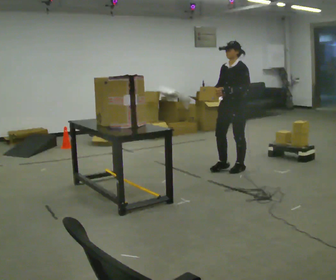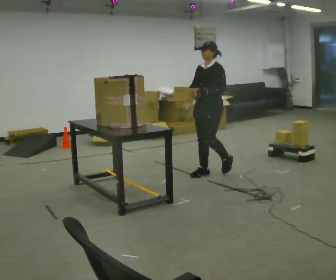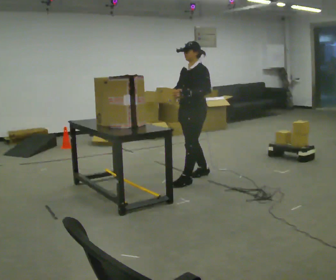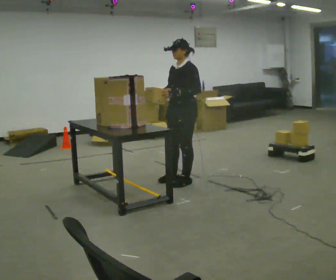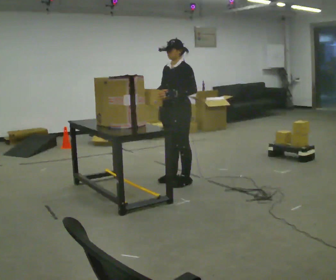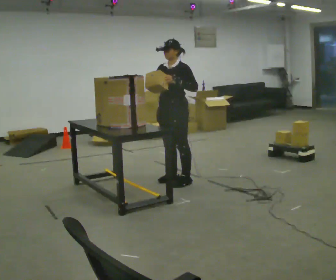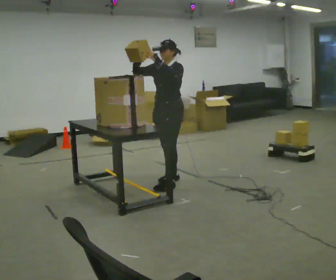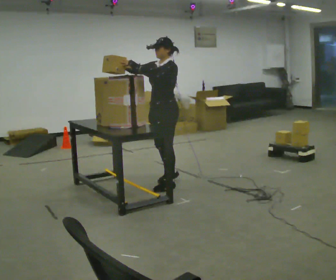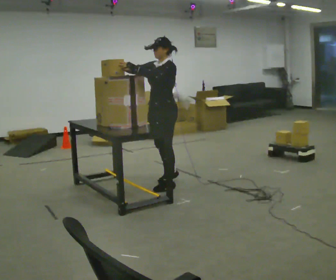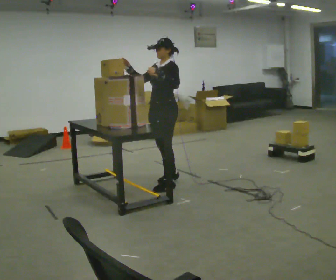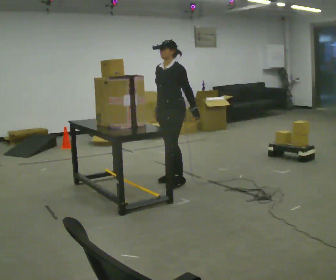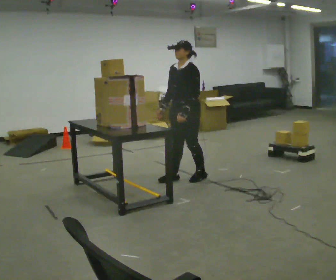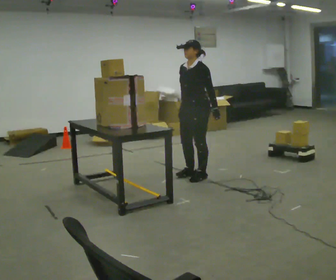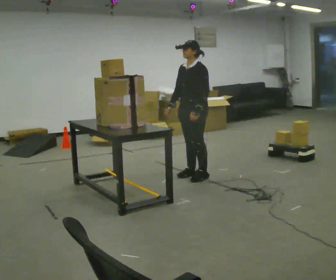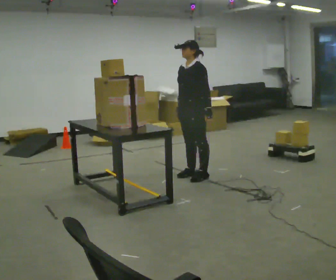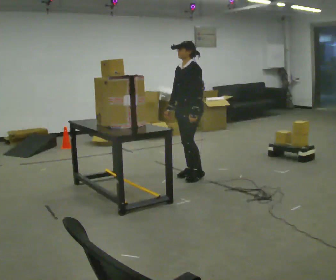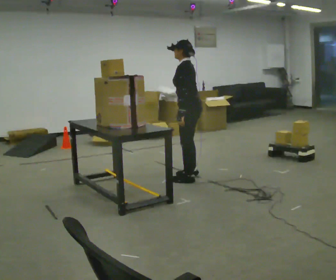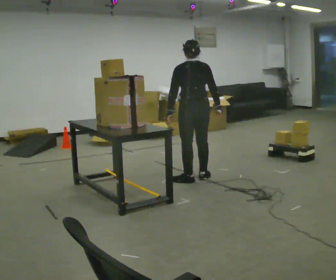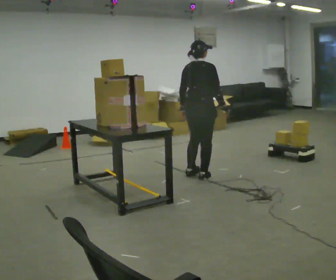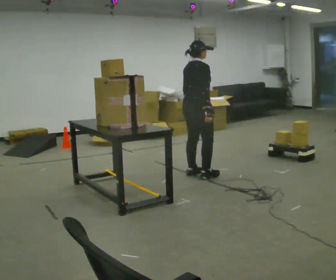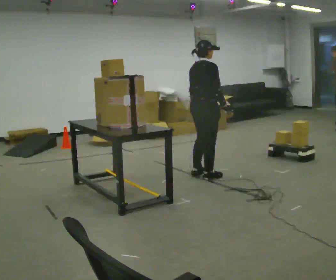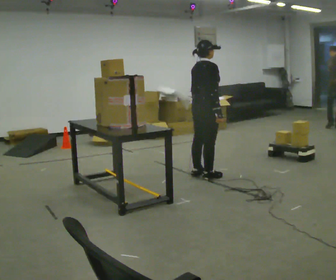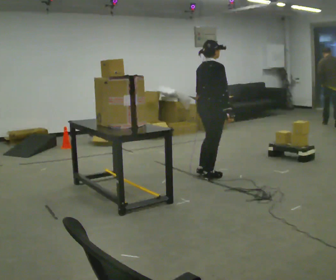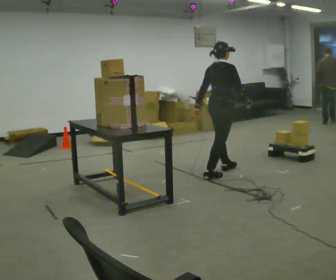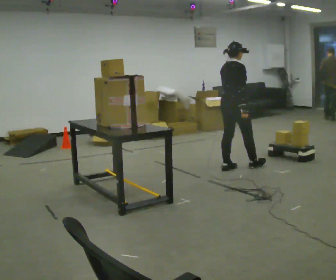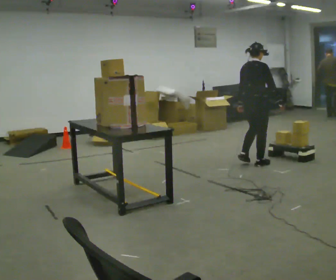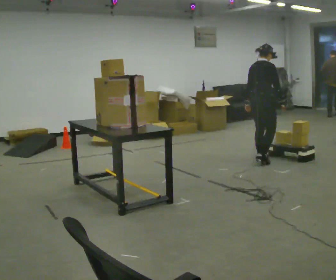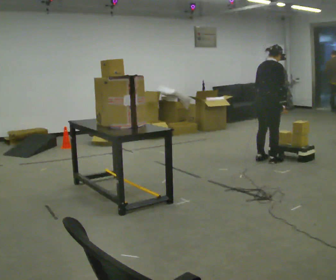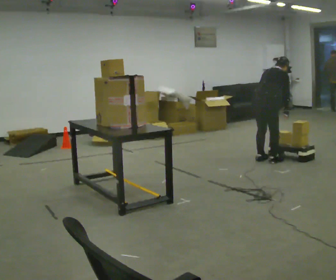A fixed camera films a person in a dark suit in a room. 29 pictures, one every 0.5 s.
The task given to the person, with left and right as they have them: Take an object from the highest shelf you can comfortably reach, carry it across, and place it on the lowest shelf. Keep going until the operator says stop; one object at a time, and do not rush between trips.
0.0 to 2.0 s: In the picture they go to the left and toward the camera, about 1 m in 3 steps, which for them is forward.
2.0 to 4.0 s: In the picture they go toward the camera, about 0.25 m in 1 step, which for them is forward. In the picture their right hand goes to the left and upward.
4.0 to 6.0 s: In the picture they go to the right and away from the camera, about 0.5 m in 2 steps, which for them is backward. In the picture their right hand goes downward, the arm swinging counterclockwise.
6.0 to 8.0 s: The part of the body nearest the lens slides to the left as the person turns to their right by about 60 degrees. In the picture their left hand goes to the left.
8.0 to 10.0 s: The part of the body nearest the lens slides to the left as the person turns to their right by about 135 degrees. In the picture they go to the right, about 0.25 m in 2 steps.
10.0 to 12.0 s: In the picture they go to the right and away from the camera, about 0.5 m in 1 step, which for them is forward.
12.0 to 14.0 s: In the picture they go to the right and away from the camera, about 0.5 m in 3 steps, which for them is forward. In the picture the upper body tilts clockwise, shoulders to the right, as they bend forward.
The film runs forward here.
